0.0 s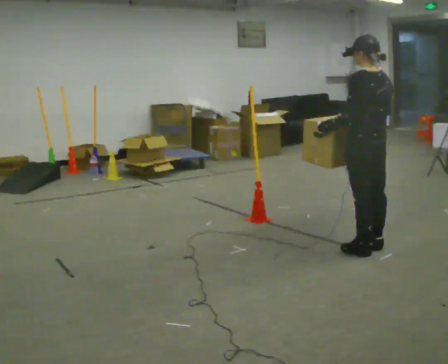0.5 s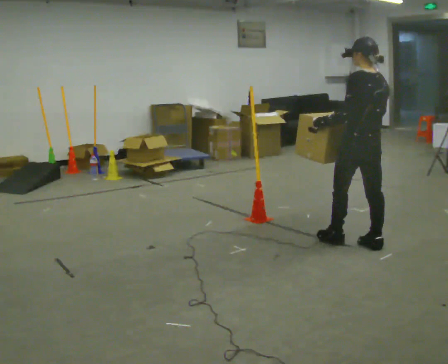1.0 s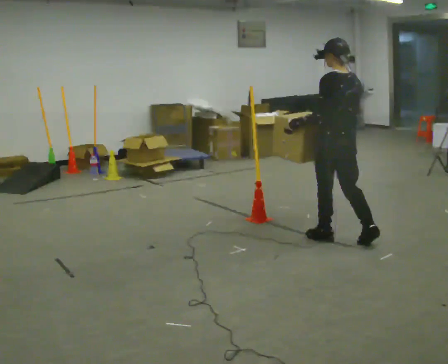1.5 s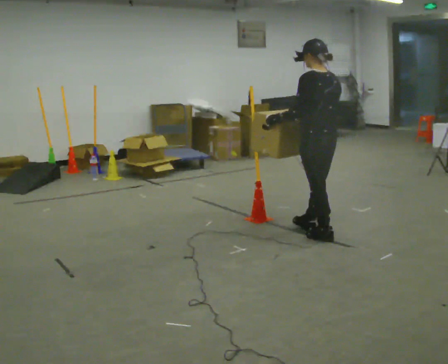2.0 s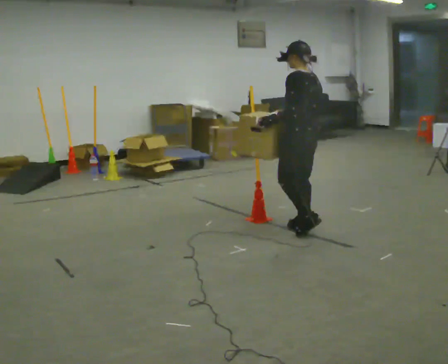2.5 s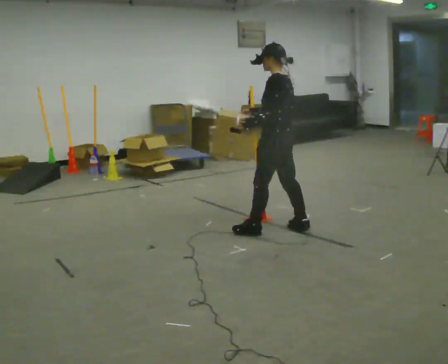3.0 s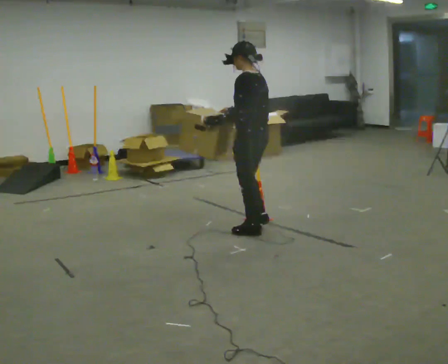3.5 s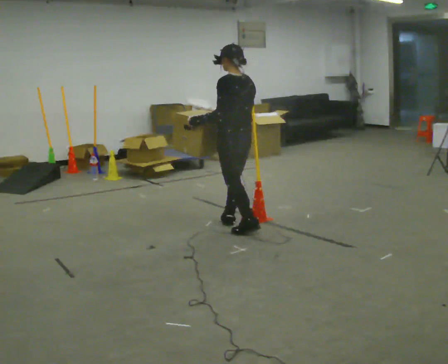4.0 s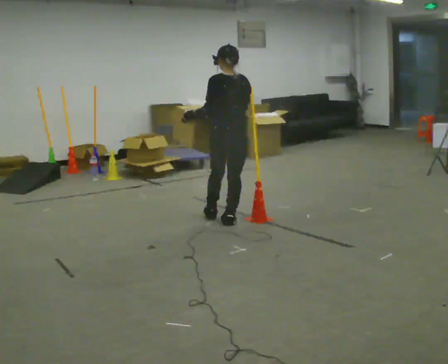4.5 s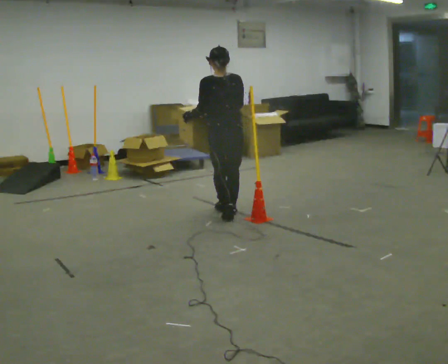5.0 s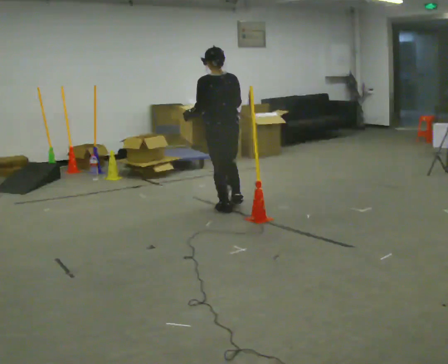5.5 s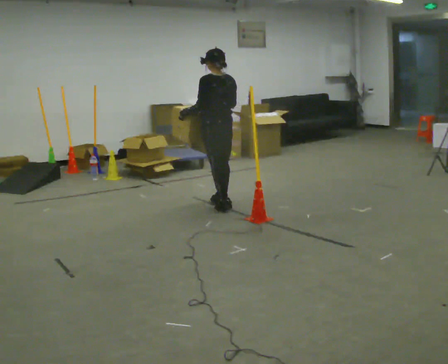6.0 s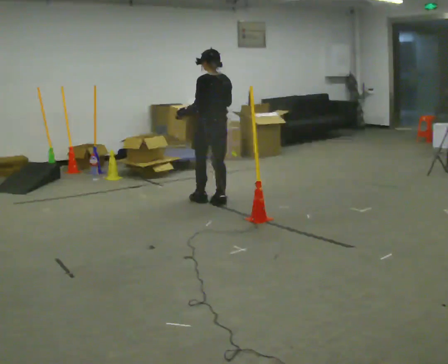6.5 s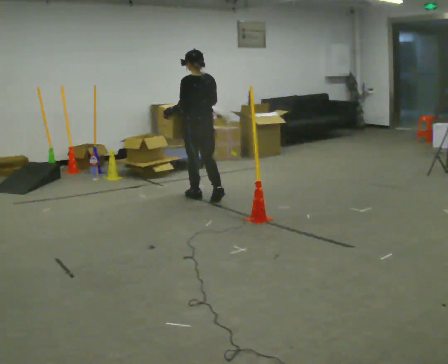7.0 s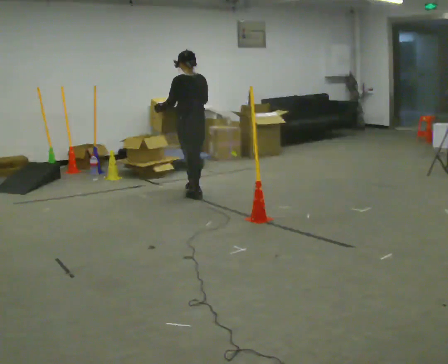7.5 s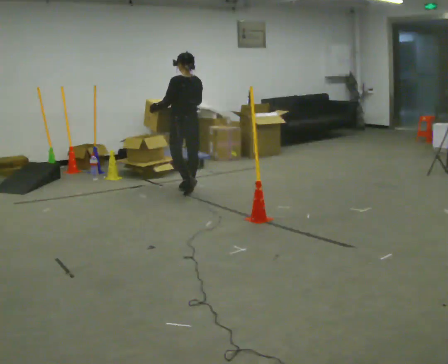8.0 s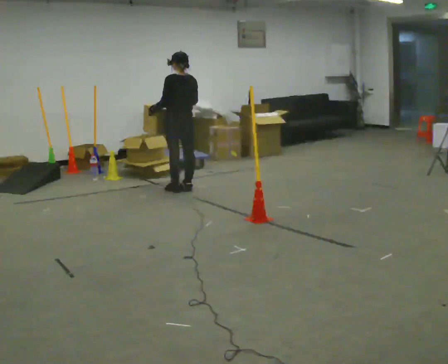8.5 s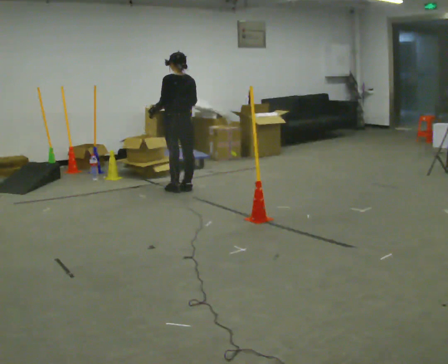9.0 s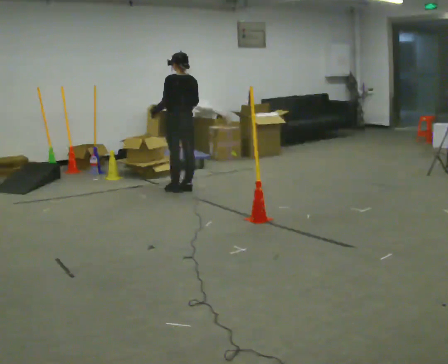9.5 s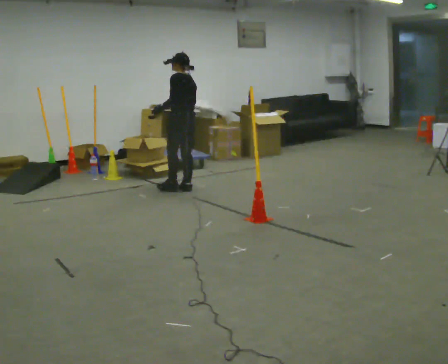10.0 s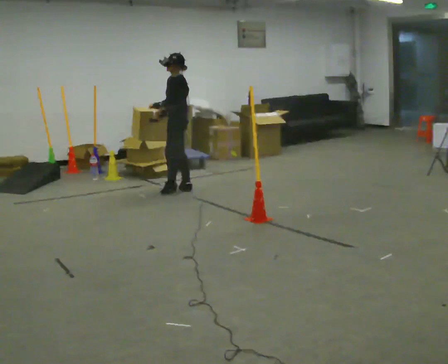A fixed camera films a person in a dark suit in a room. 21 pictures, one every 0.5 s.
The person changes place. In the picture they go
away from the camera.
0.0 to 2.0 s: In the picture they go away from the camera and to the left, about 0.75 m in 2 steps, which for them is forward.
2.0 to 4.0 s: The part of the body nearest the lens slides to the left as the person turns to their right by about 30 degrees. In the picture they go to the left and away from the camera, about 0.75 m in 2 steps, which for them is forward.
4.0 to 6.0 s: In the picture they go away from the camera, about 0.5 m in 2 steps, which for them is forward.
6.0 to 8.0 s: In the picture they go away from the camera and to the left, about 0.75 m in 3 steps, which for them is forward.
8.0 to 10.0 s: The part of the body nearest the lens slides to the right as the person turns to their left by about 60 degrees.
The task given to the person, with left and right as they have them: Carry the box across the room. The operator will step into your path partway across, so go around them and carry on. Keep going until the operator says stop; one object at a time, and do not rush between trips.
The film runs forward here.
